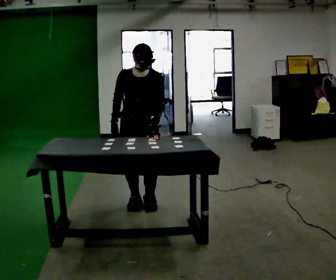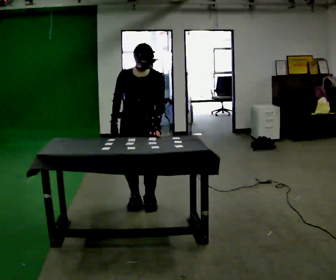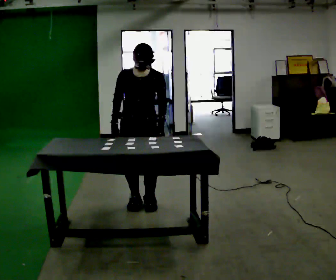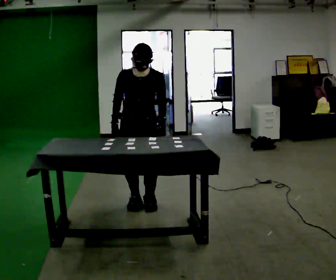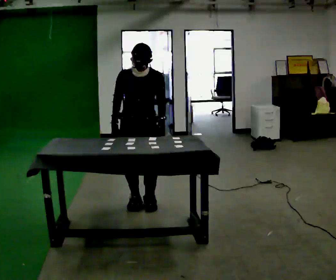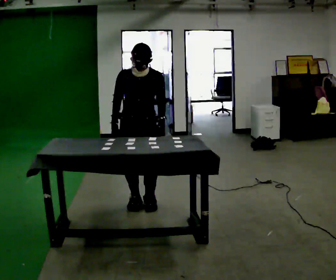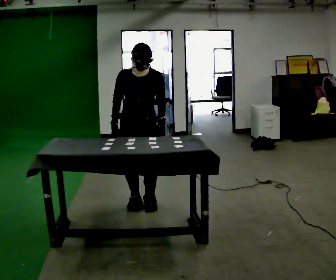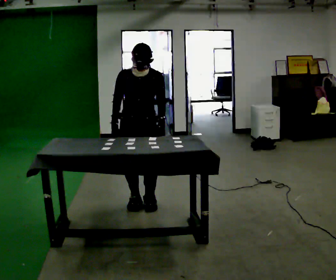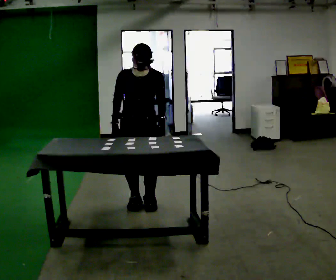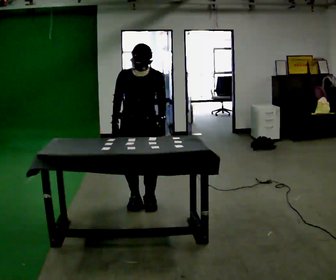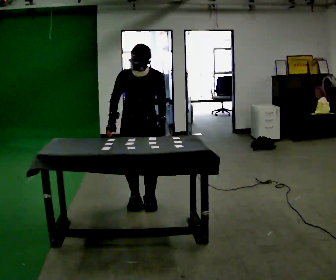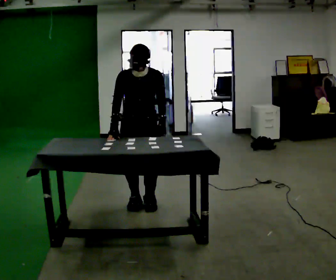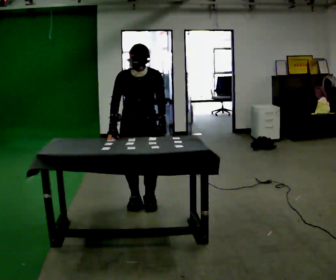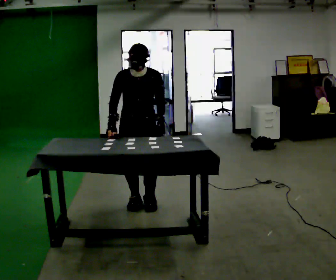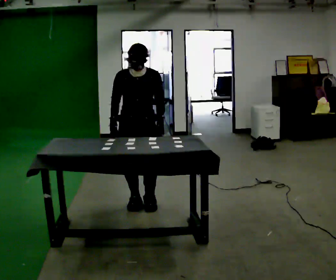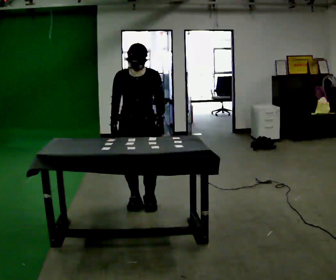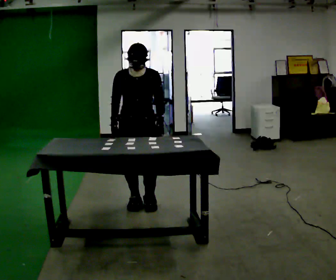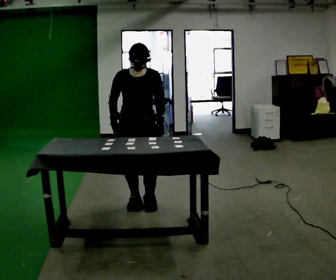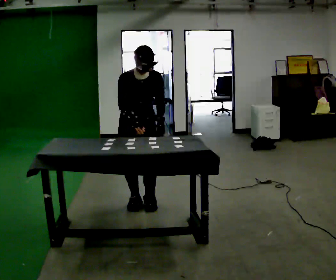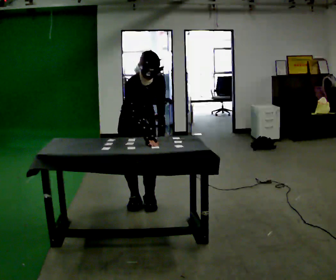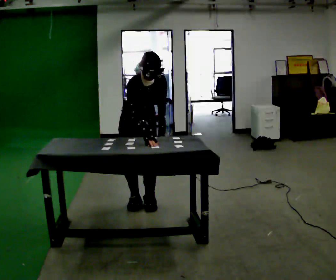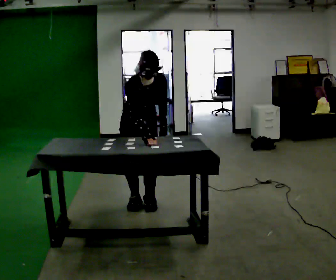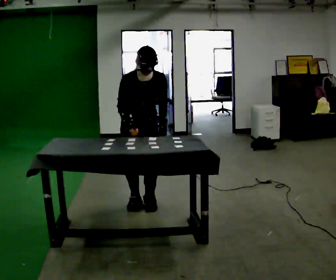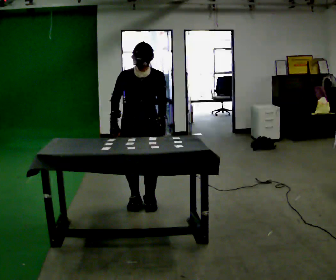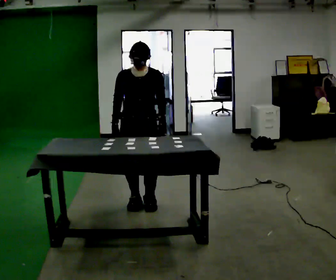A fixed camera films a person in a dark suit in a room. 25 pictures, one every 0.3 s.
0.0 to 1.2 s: The person moves a little, or ends about where they began.
1.2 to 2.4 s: The person keeps their place and pose.
2.4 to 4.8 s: The person moves a little, or ends about where they began.
4.8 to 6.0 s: The upper body tips toward the camera, its near side rolling downward, as they bend forward.
6.0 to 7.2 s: The upper body tips away from the camera, its near side rolling upward, as they lean back or straighten.
The film runs forward here.
